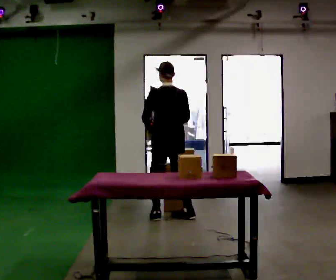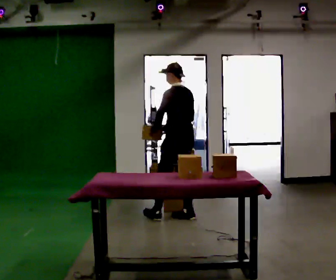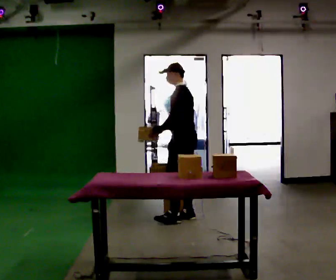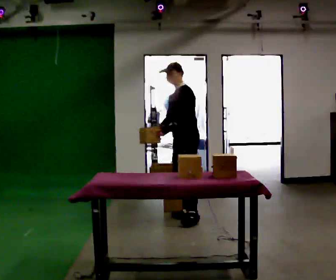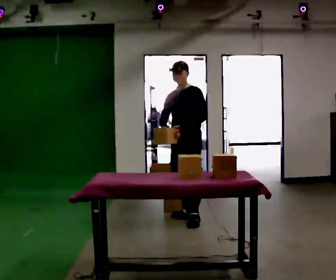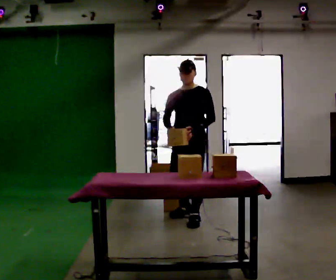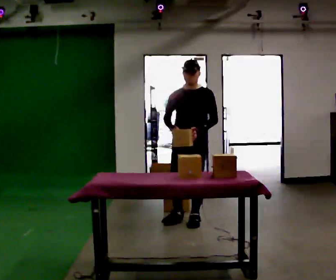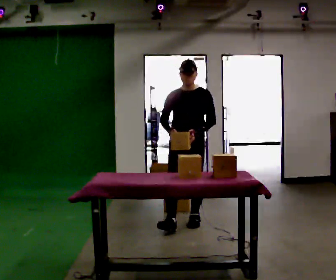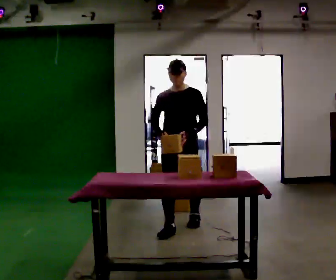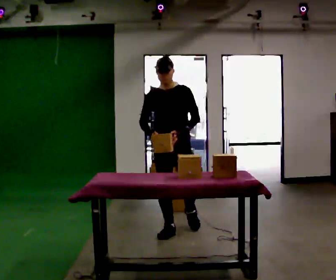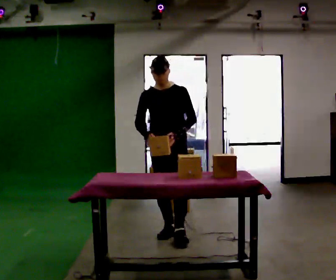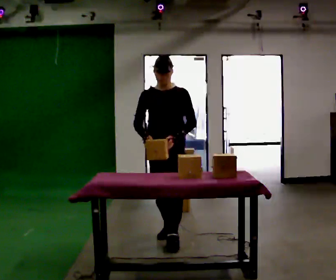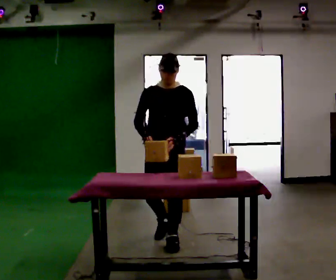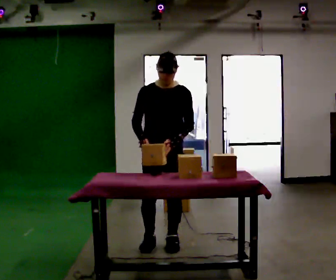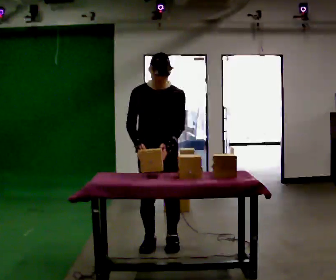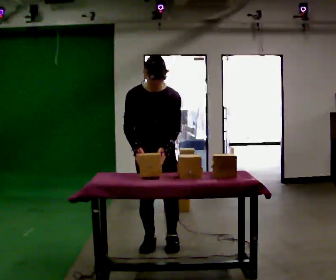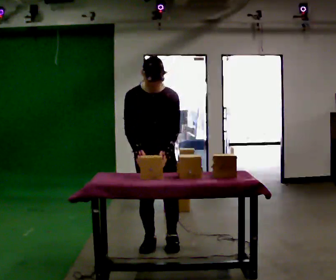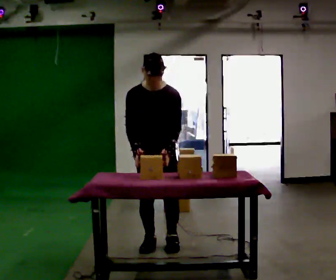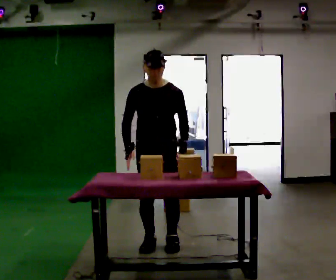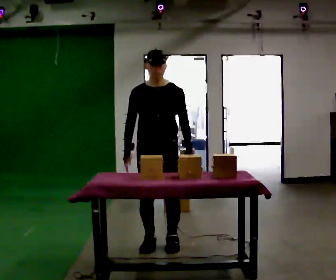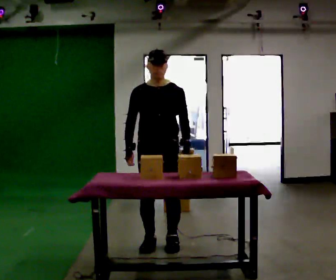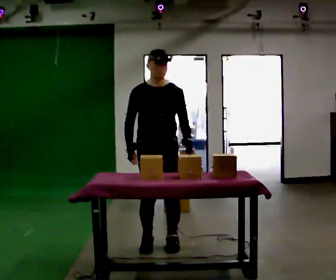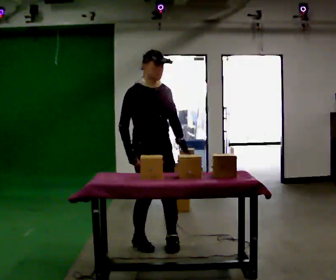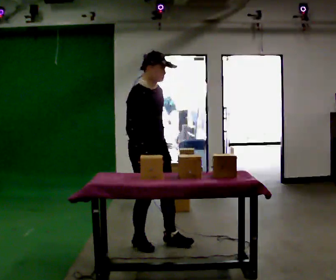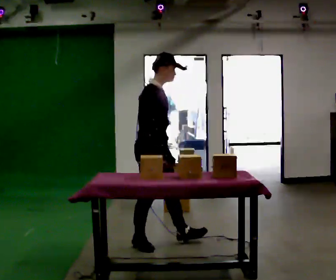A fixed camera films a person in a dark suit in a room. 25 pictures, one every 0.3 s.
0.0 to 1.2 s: Seen from above the body turns counterclockwise, about 105 degrees: to their left, with its near side sliding to the right. In the picture they go to the right, about 0.25 m in 1 step. In the picture their left hand goes to the right.
1.2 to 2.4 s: Seen from above the body turns counterclockwise, about 30 degrees: to their left, with its near side sliding to the right. In the picture they go toward the camera, about 0.5 m in 1 step, which for them is forward.
2.4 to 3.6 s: In the picture they go toward the camera, about 0.5 m in 1 step, which for them is forward.
3.6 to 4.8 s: The upper body tips toward the camera, its near side rolling downward, as they bend forward.
4.8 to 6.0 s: The upper body tips away from the camera, its near side rolling upward, as they lean back or straighten.
6.0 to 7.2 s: Seen from above the body turns counterclockwise, about 75 degrees: to their left, with its near side sliding to the right. In the picture their left hand goes to the left.
The film runs forward here.
